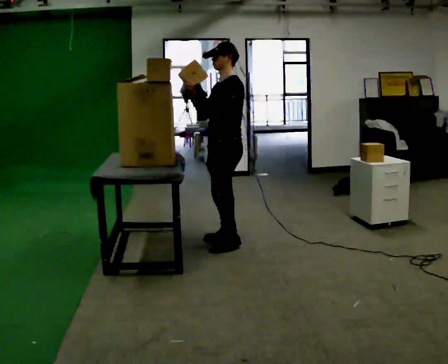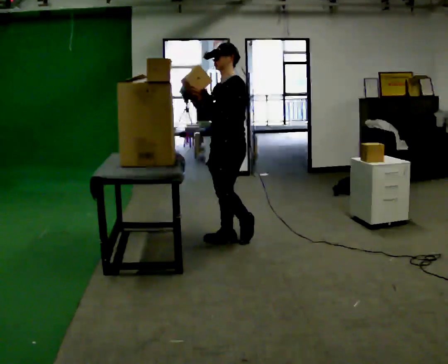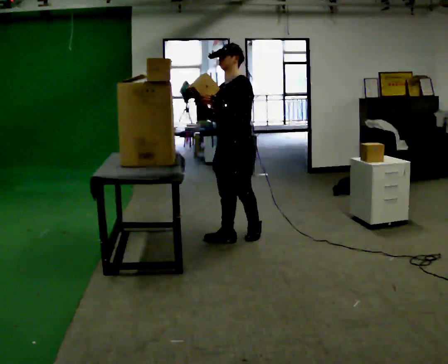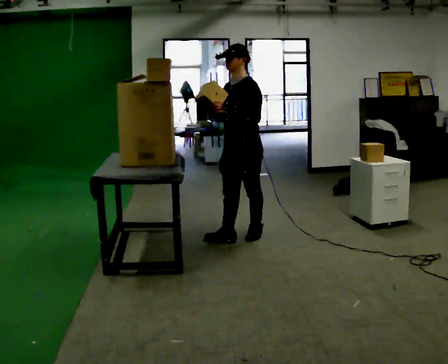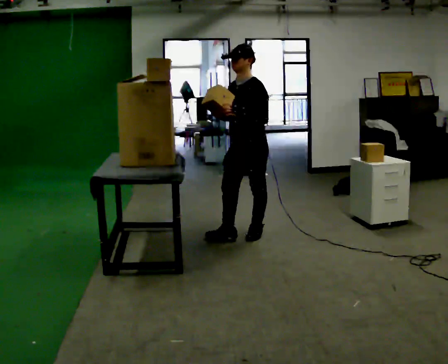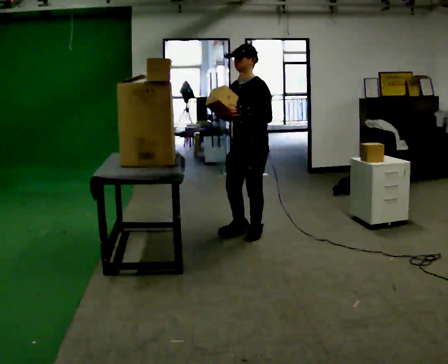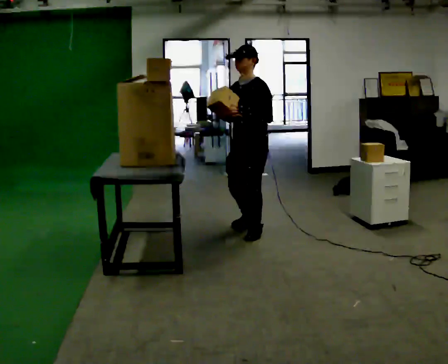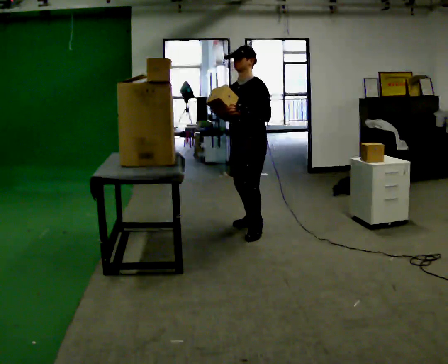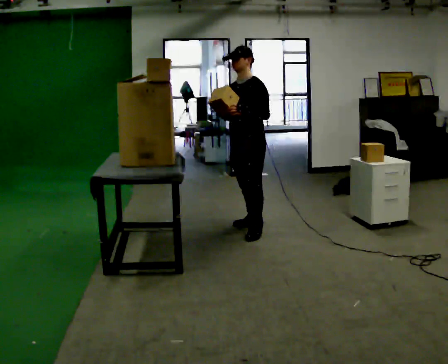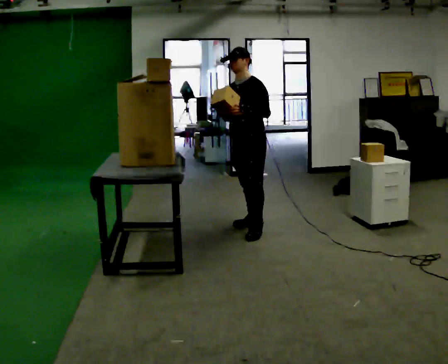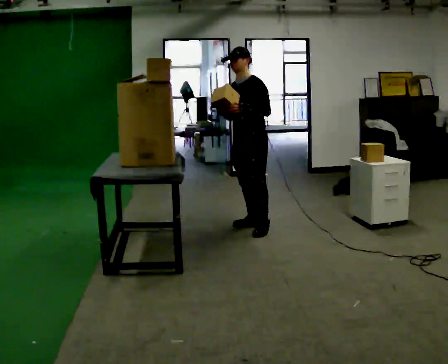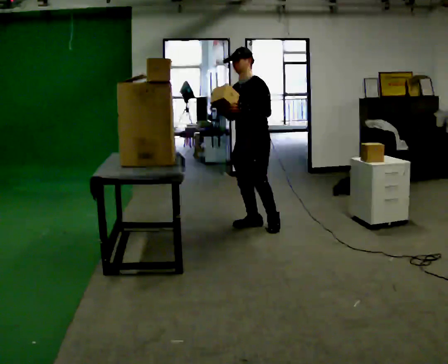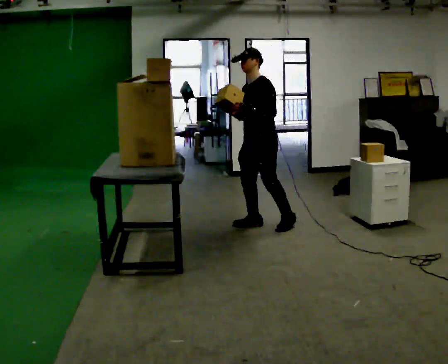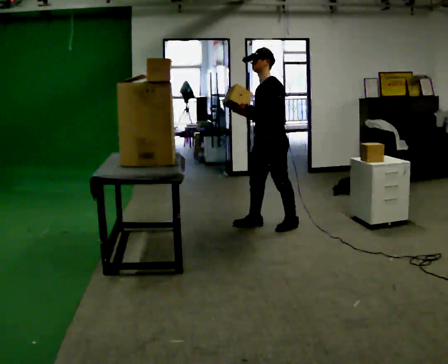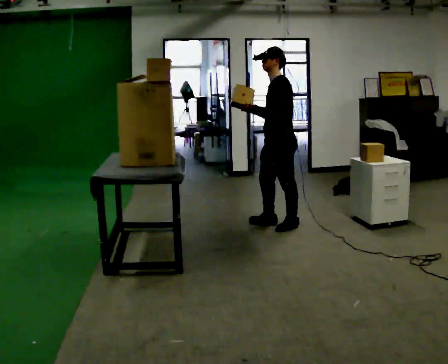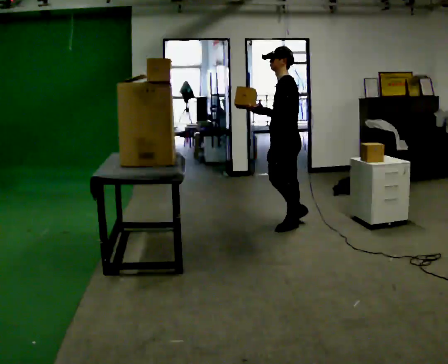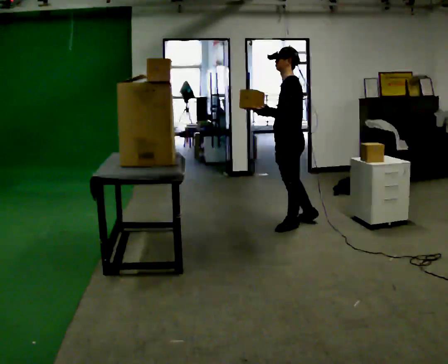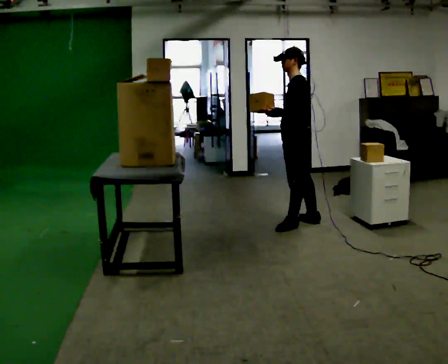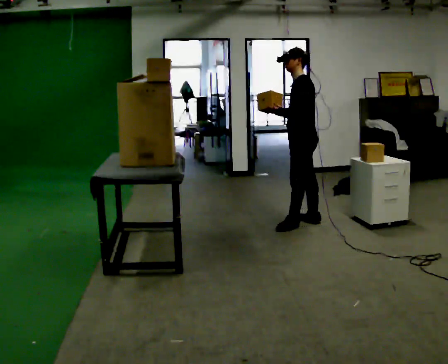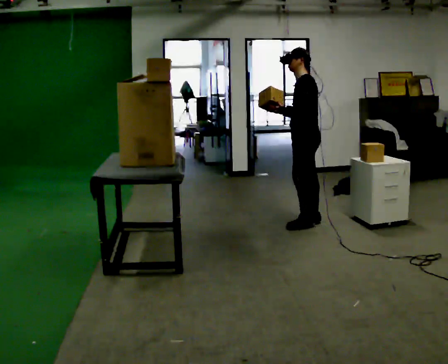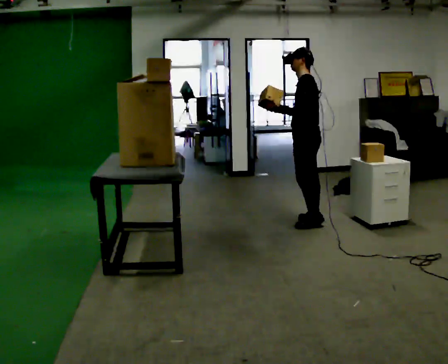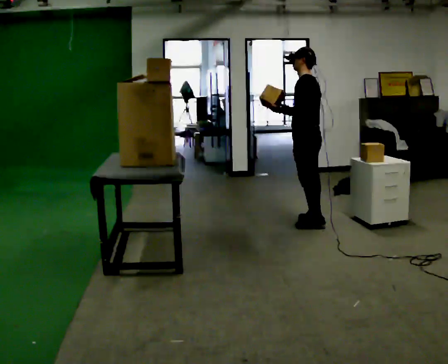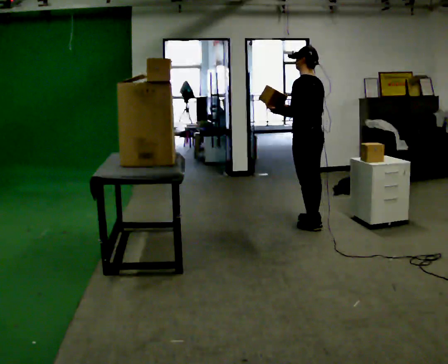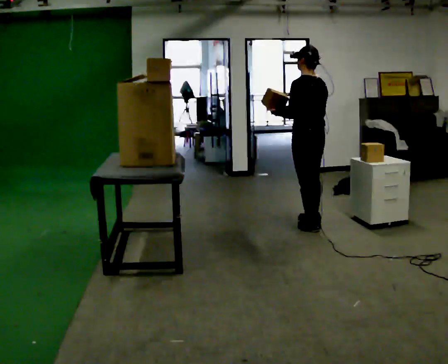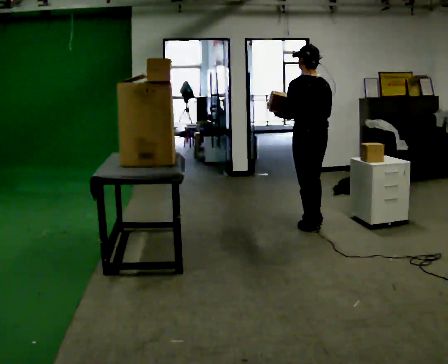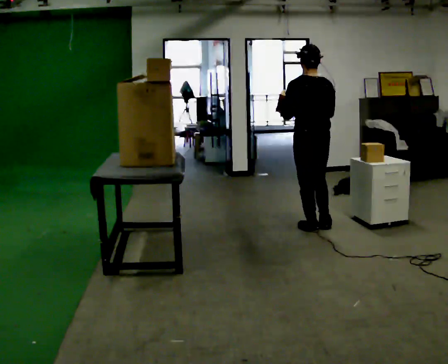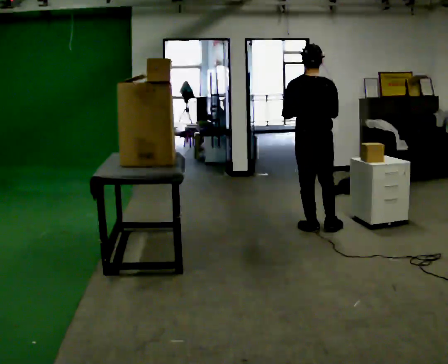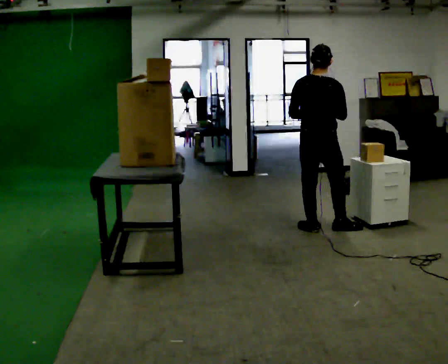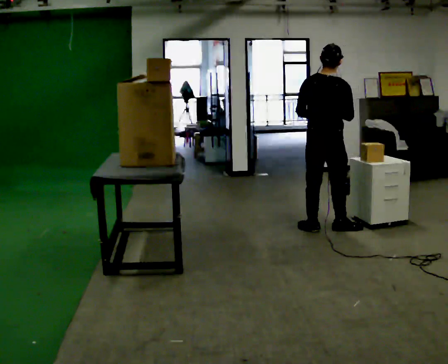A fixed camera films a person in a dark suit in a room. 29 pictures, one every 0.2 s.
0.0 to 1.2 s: In the picture they go away from the camera and to the right, about 0.25 m in 1 step, which for them is backward.
1.2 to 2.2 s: In the picture they go away from the camera, about 0.25 m in 1 step, which for them is backward and to their right.
2.2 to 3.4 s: Seen from above the body turns clockwise, about 45 degrees: to their right, with its near side sliding to the left. In the picture they go to the right, about 0.5 m in 1 step, which for them is backward.
3.4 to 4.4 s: The person turns about 30 degrees to their right, clockwise seen from above, so the part of the body nearest the lens slides to the left.
4.4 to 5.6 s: The part of the body nearest the lens slides to the left as the person turns to their right by about 75 degrees. In the picture they go toward the camera, about 0.25 m in 1 step.
The film runs backward here.
